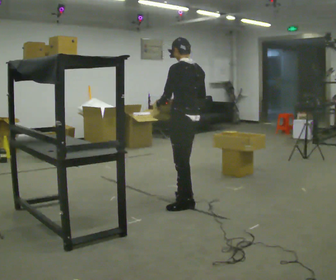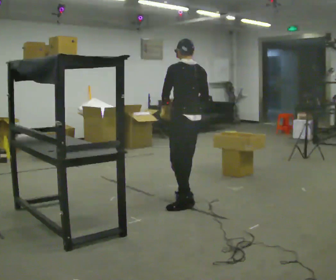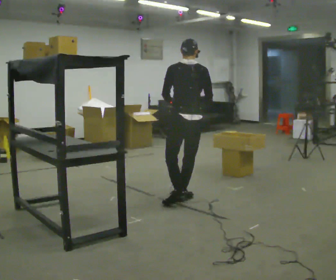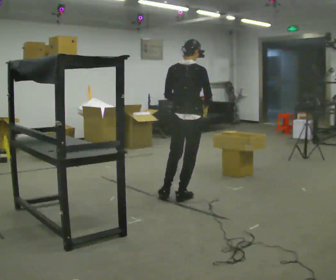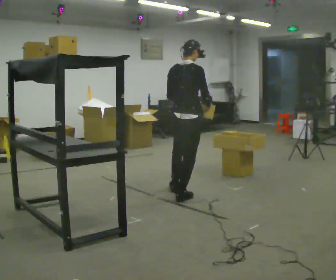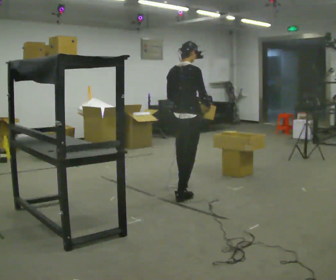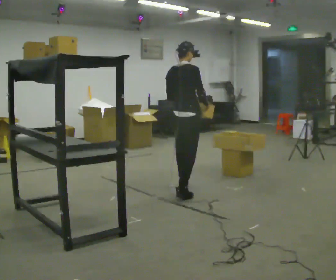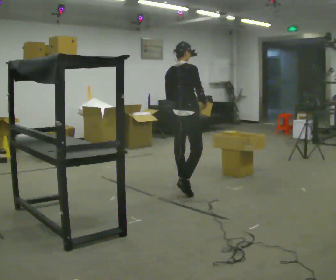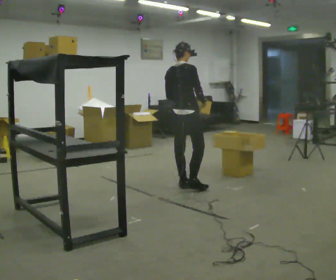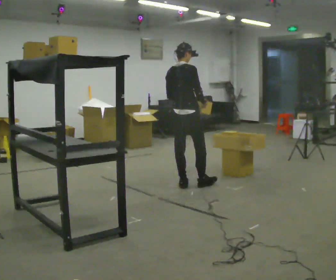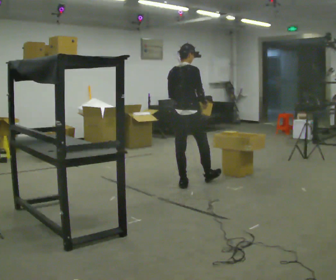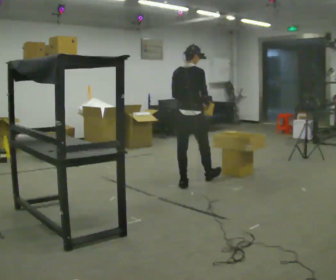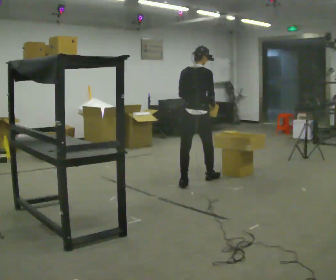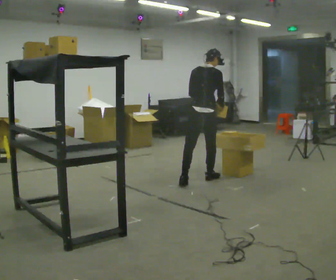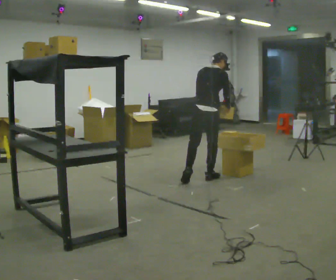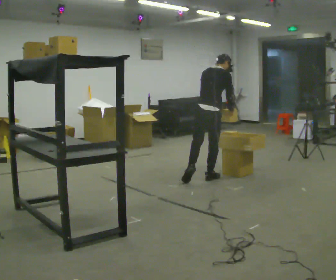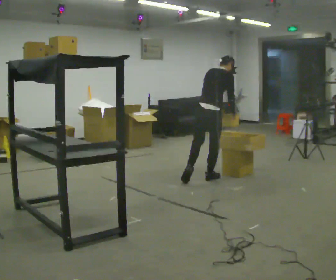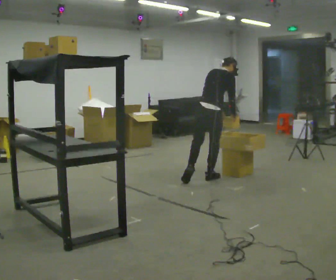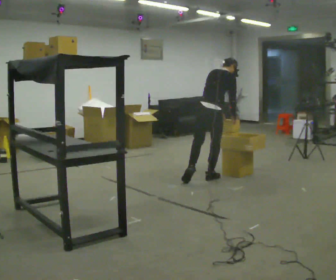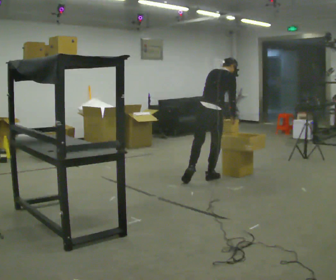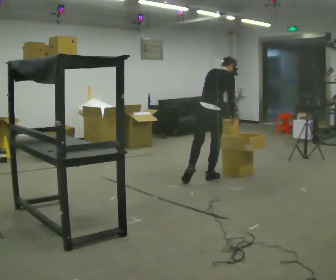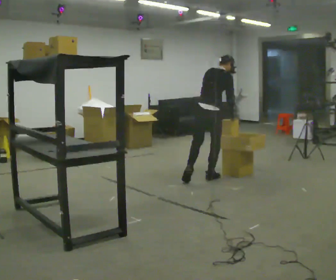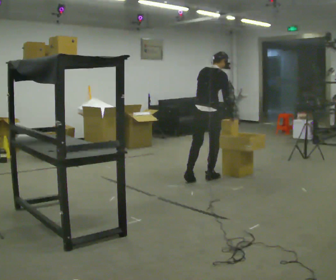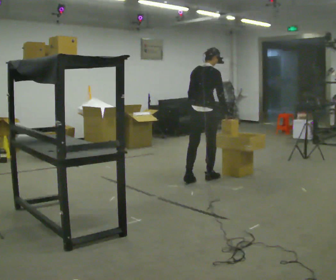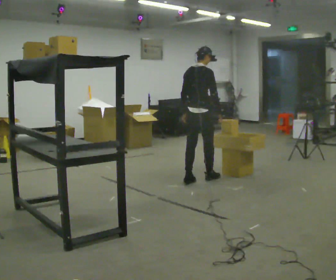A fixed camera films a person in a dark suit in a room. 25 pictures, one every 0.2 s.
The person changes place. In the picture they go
away from the camera.
0.0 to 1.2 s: Seen from above the body turns clockwise, about 90 degrees: to their right, with its near side sliding to the left. In the picture they go away from the camera, about 0.5 m in 1 step.
1.2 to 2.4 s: In the picture they go away from the camera, about 0.5 m in 1 step, which for them is forward.
2.4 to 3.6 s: In the picture they go to the right, about 0.25 m in 1 step, which for them is forward and to their right. The upper body tips away from the camera, its near side rolling upward, as they bend forward.
3.6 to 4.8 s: In the picture they go to the left, about 0.25 m, which for them is to their left and backward. The upper body tips toward the camera, its near side rolling downward, as they lean back or straighten.
The film runs forward here.
